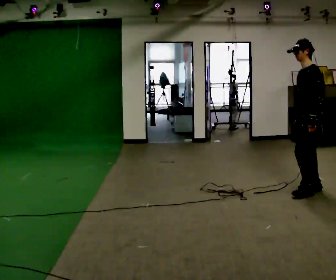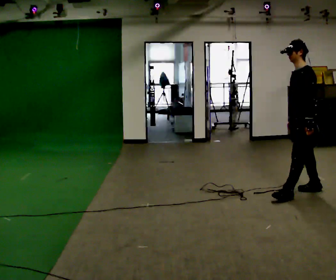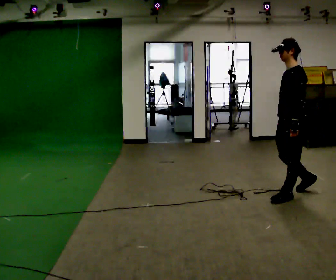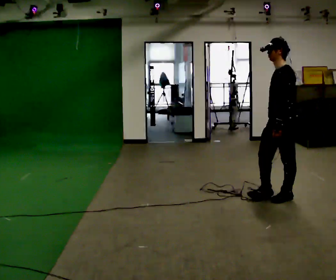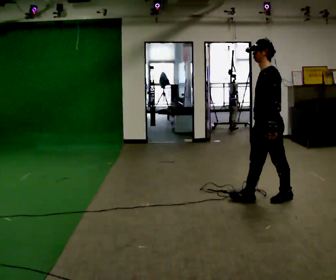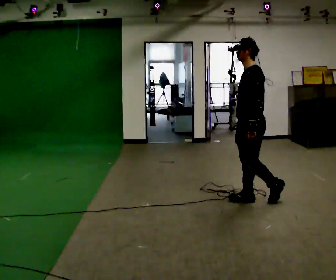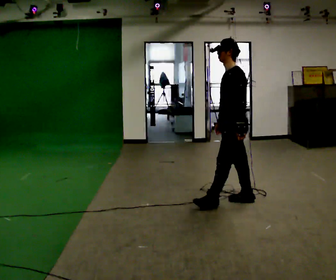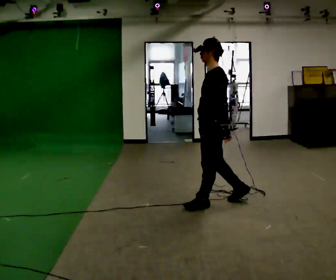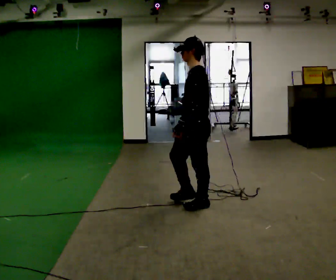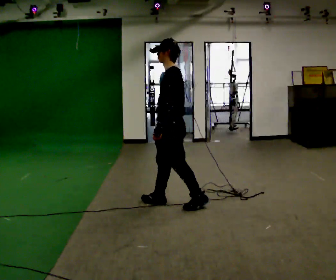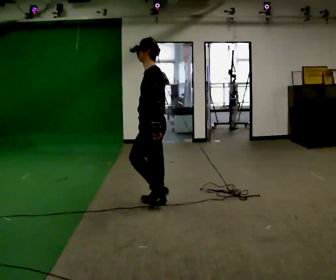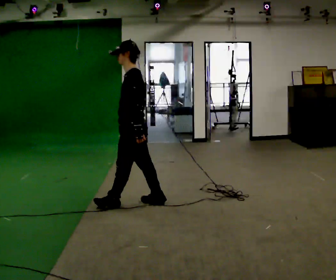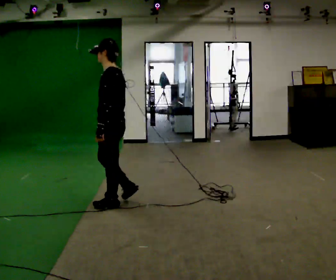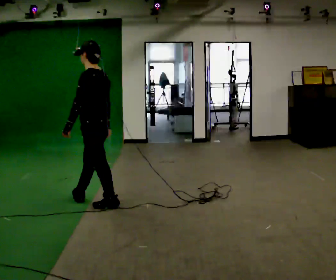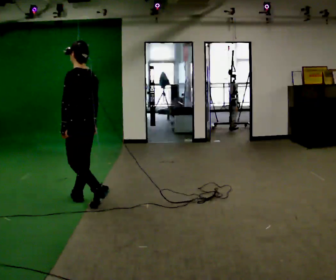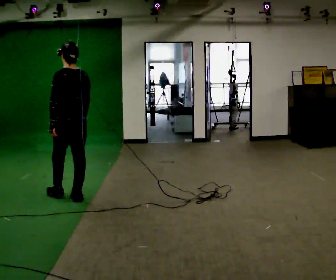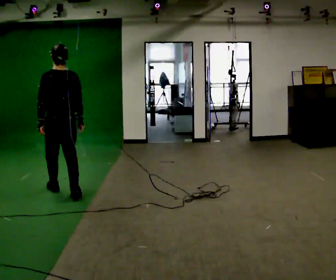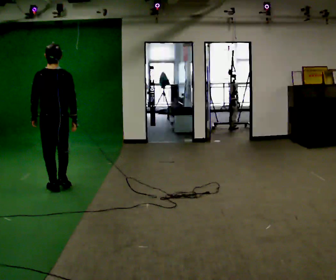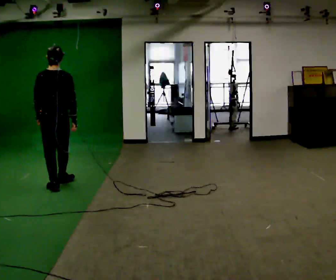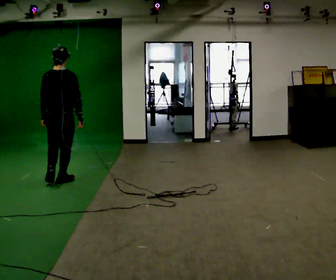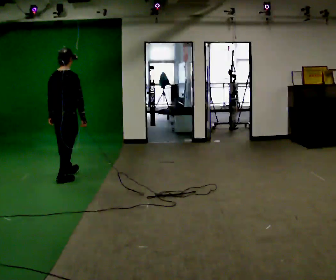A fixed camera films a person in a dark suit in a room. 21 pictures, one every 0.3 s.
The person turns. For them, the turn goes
to their right.
The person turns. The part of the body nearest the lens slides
to the left.
0.0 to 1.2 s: In the picture they go to the left, about 0.5 m in 2 steps, which for them is forward.
1.2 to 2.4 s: In the picture they go to the left, about 0.5 m in 1 step, which for them is forward.
2.4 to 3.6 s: In the picture they go to the left, about 1 m in 2 steps, which for them is forward.
3.6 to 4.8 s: Seen from above the body turns clockwise, about 60 degrees: to their right, with its near side sliding to the left. In the picture they go to the left and away from the camera, about 0.5 m in 2 steps, which for them is forward.
4.8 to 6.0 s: The person turns about 60 degrees to their right, clockwise seen from above, so the part of the body nearest the lens slides to the left. In the picture they go away from the camera, about 0.5 m in 1 step, which for them is forward.
The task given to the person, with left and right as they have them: Walk straight; turn around and walk back; use wide or tight turn.
The film runs forward here.
